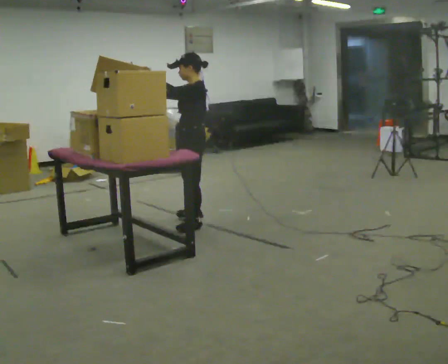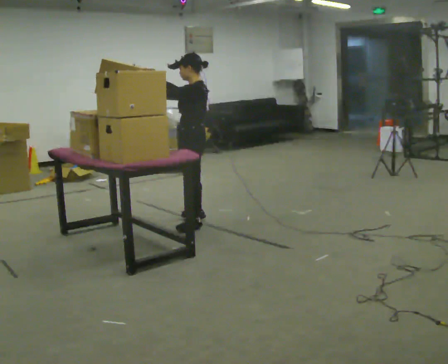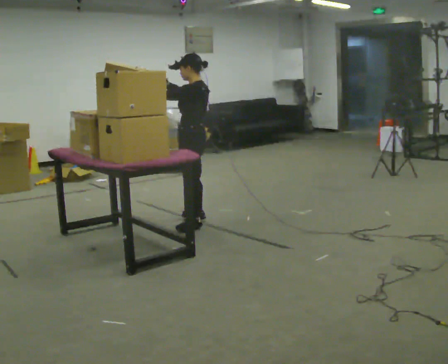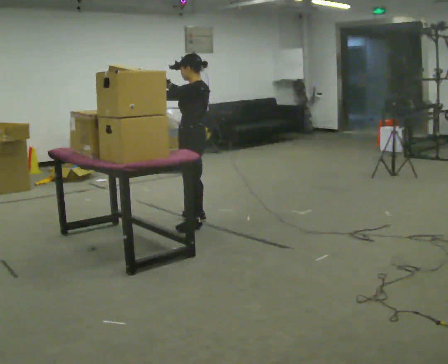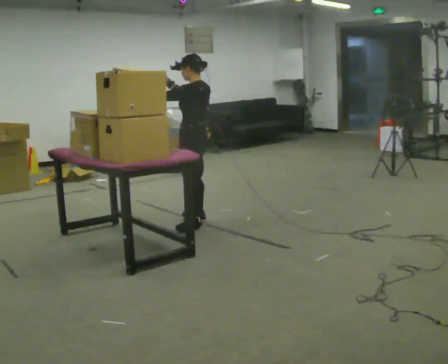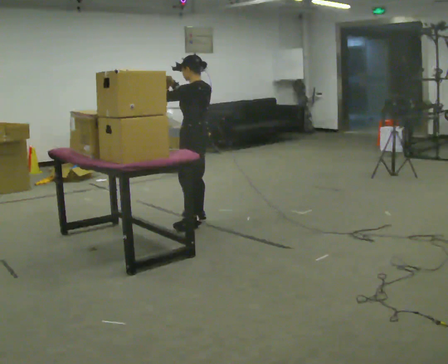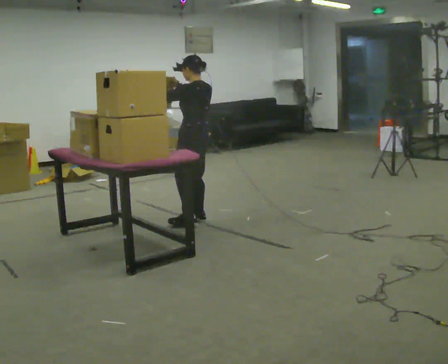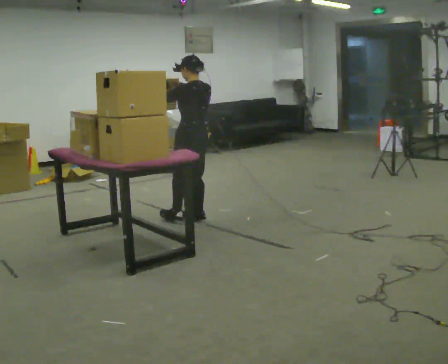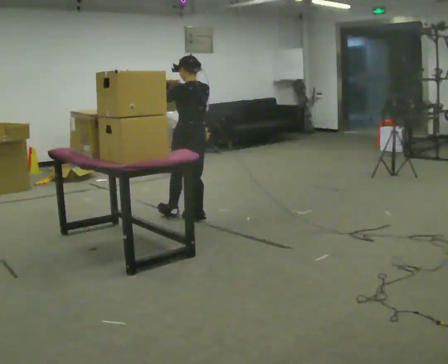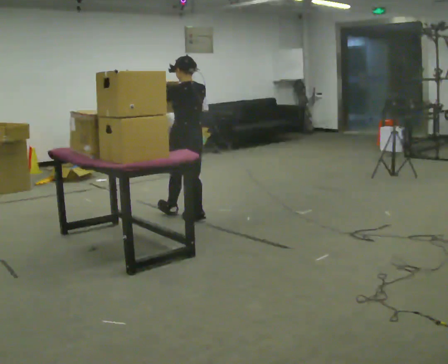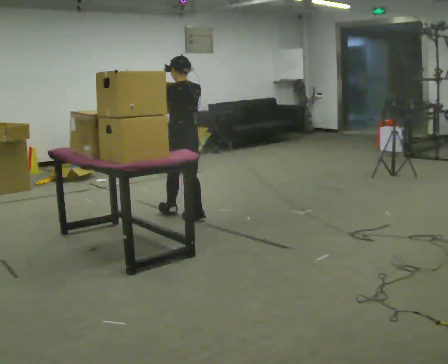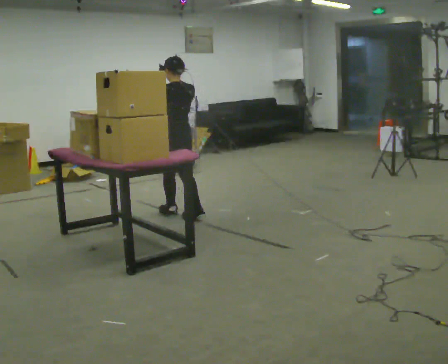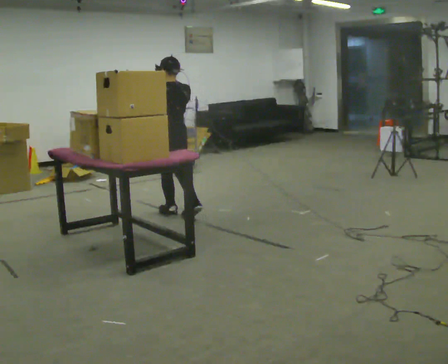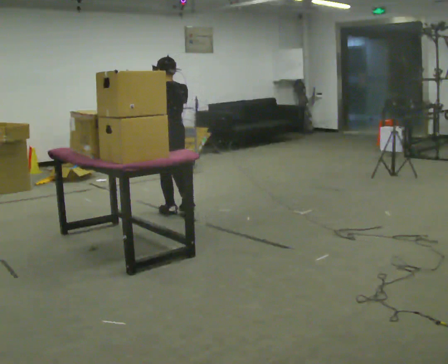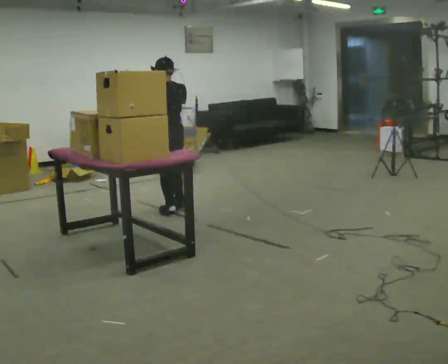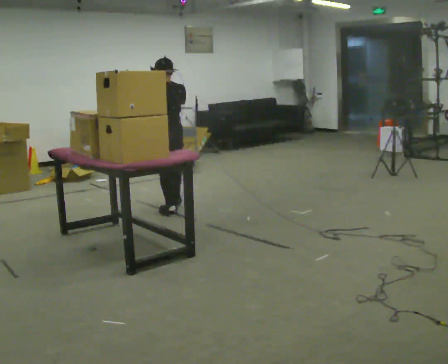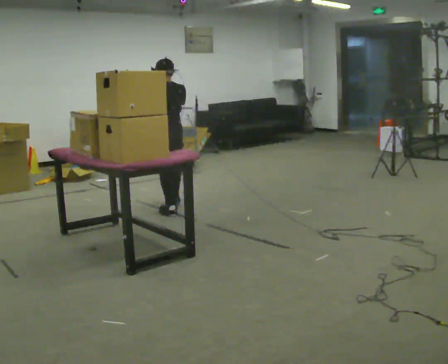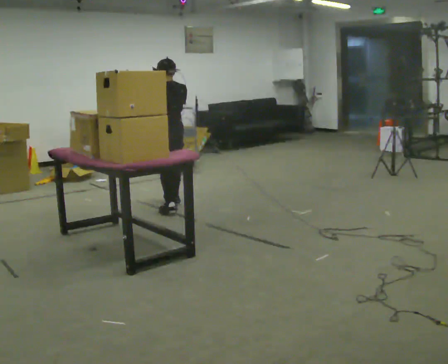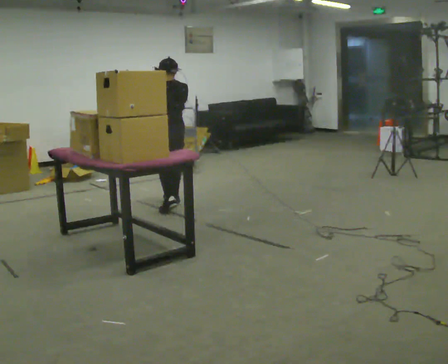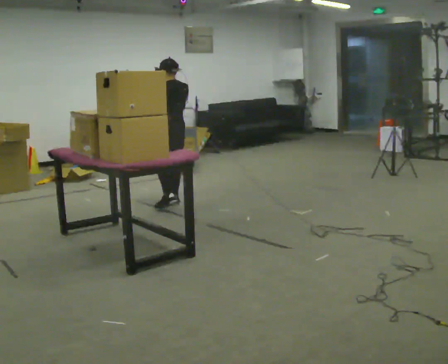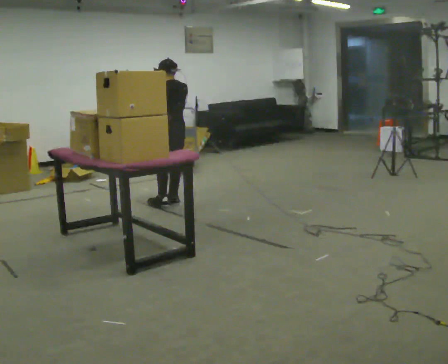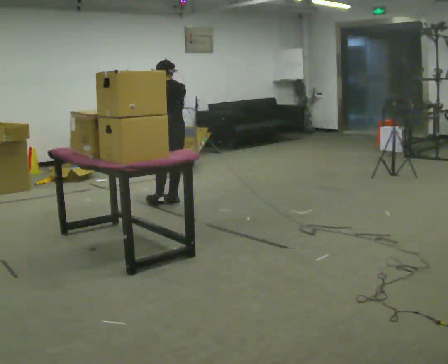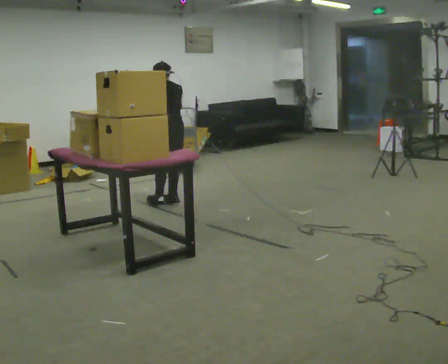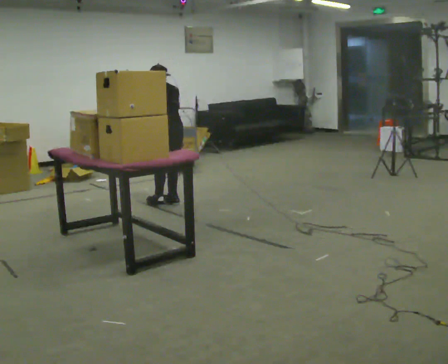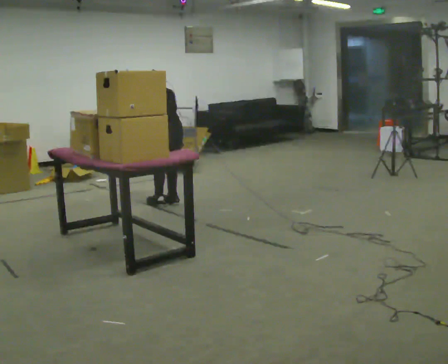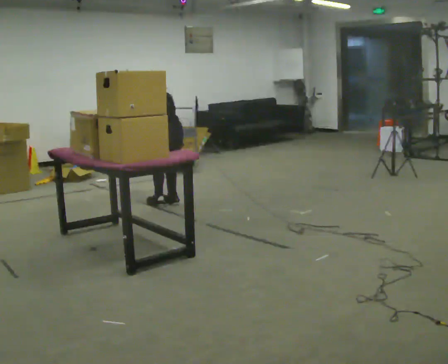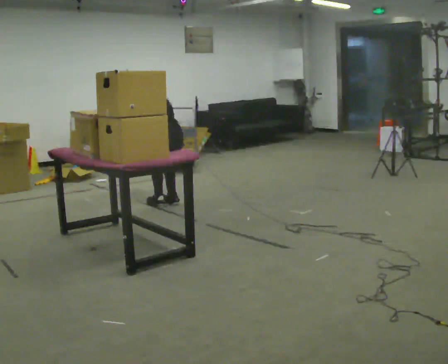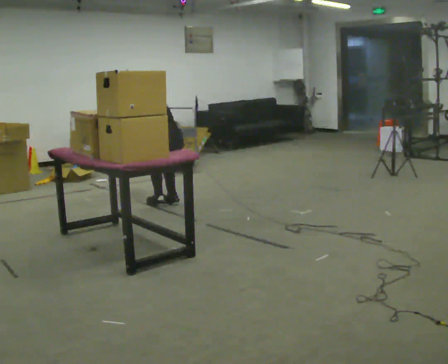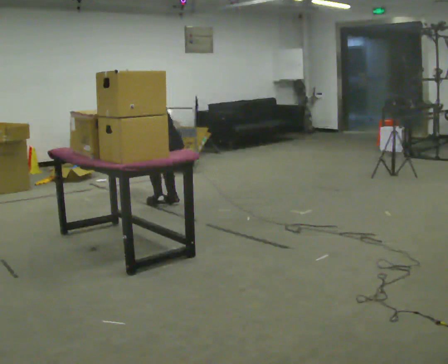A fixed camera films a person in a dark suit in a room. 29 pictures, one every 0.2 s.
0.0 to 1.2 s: Seen from above the body turns clockwise, about 30 degrees: to their right, with its near side sliding to the left. In the picture they go away from the camera, about 0.25 m, which for them is to their right.
1.2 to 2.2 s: In the picture they go away from the camera and to the left, about 0.25 m in 1 step, which for them is forward.
2.2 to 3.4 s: In the picture they go away from the camera, about 0.25 m in 1 step, which for them is forward.
3.4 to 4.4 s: In the picture they go away from the camera, about 0.25 m in 1 step, which for them is forward.
4.4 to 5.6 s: The shoulders move downward. The upper body tips away from the camera, its near side rolling upward, as they bend forward. In the picture their left hand goes downward.
The film runs forward here.
